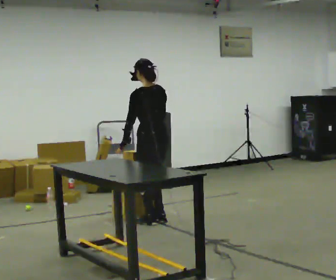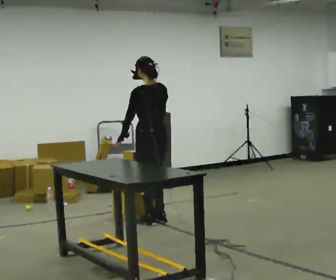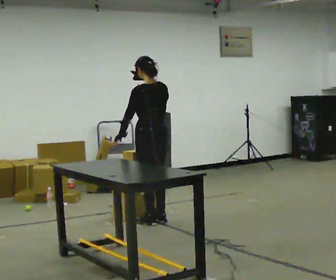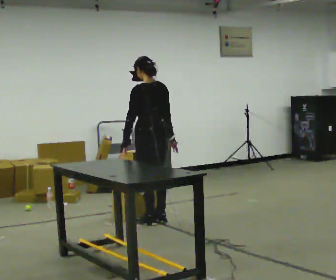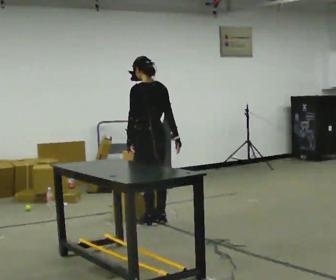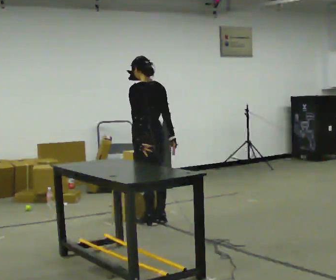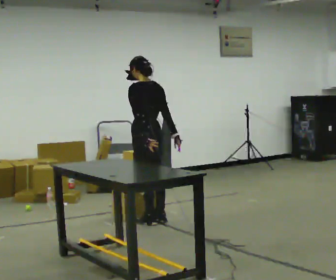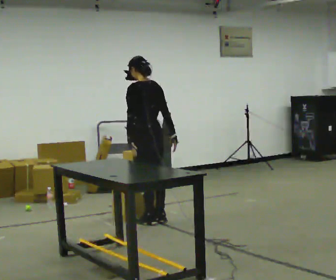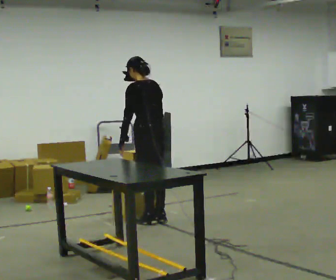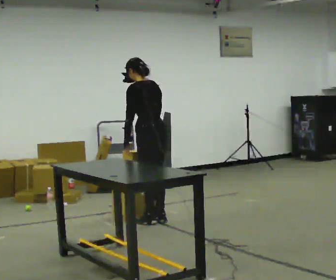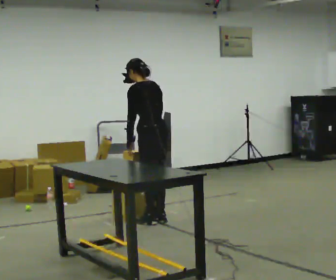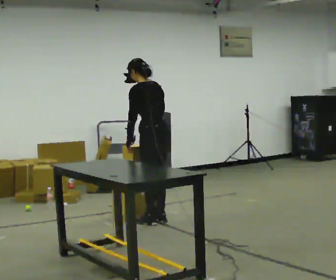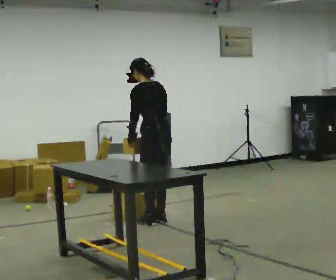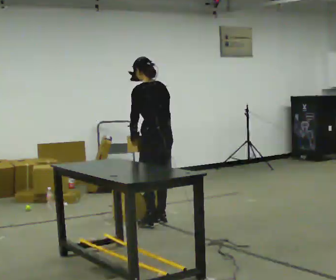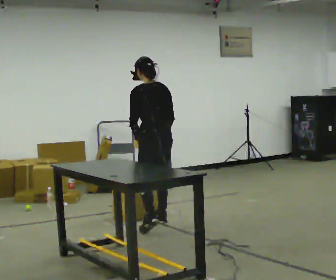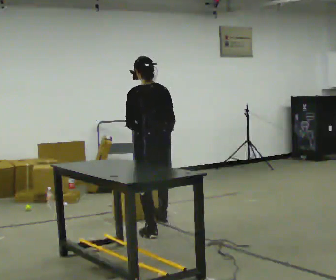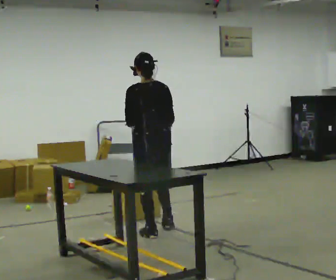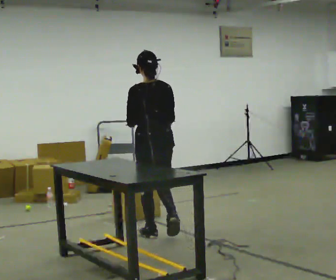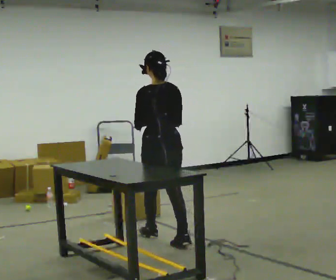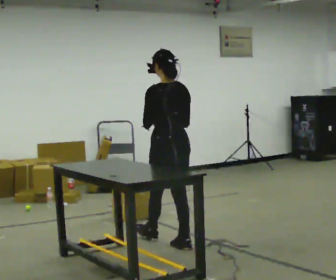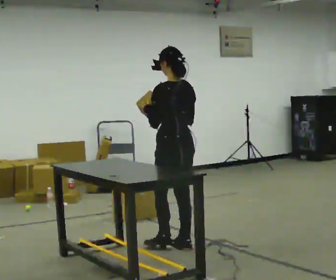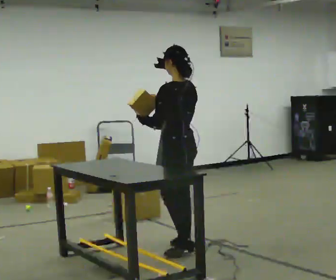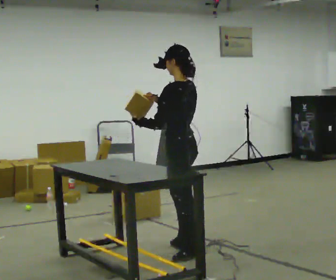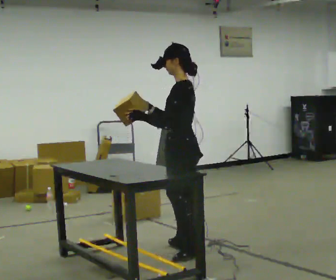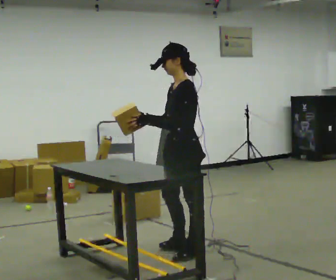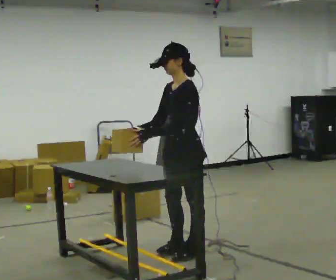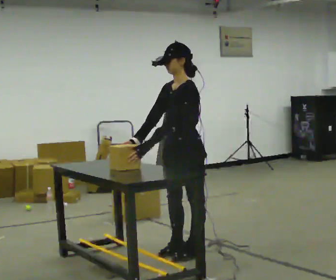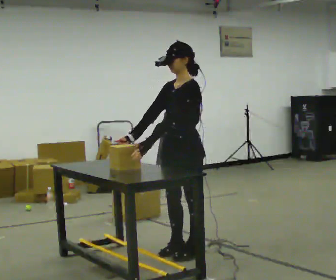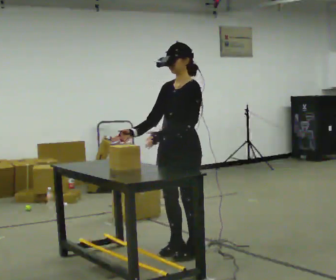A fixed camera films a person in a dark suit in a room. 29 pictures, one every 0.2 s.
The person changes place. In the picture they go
toward the camera.
0.0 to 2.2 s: The person moves a little, or ends about where they began.
2.2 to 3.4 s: Seen from above the body turns clockwise, about 30 degrees: to their right, with its near side sliding to the left. In the picture they go toward the camera, about 0.5 m in 2 steps, which for them is backward and to their left.
3.4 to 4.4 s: The person turns about 45 degrees to their left, counterclockwise seen from above, so the part of the body nearest the lens slides to the right. In the picture they go toward the camera and to the right, about 0.5 m in 1 step, which for them is backward.
4.4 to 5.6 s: The part of the body nearest the lens slides to the right as the person turns to their left by about 60 degrees.
The film runs backward here.
